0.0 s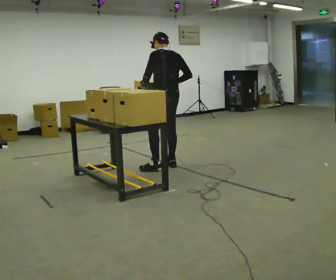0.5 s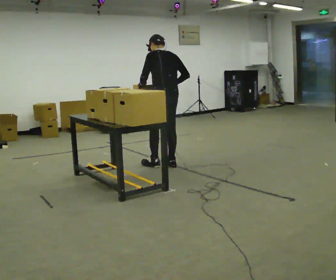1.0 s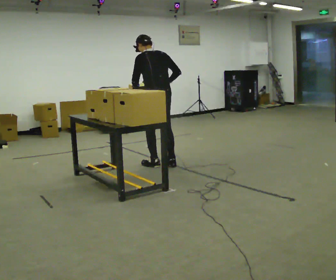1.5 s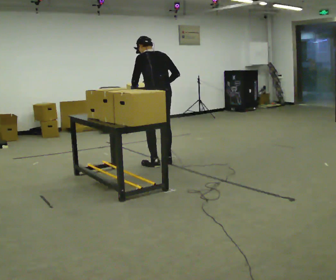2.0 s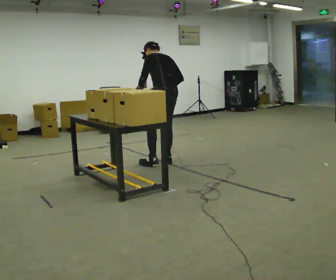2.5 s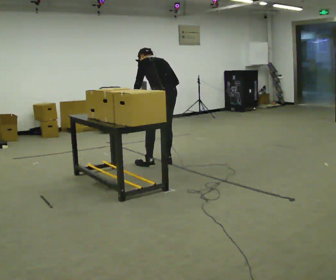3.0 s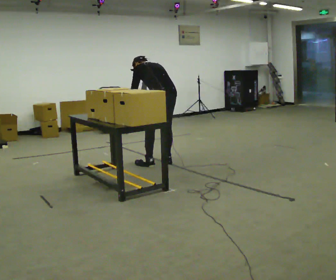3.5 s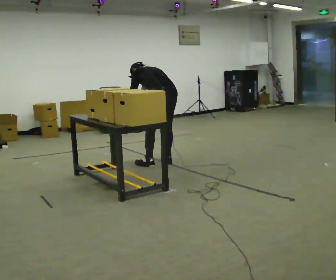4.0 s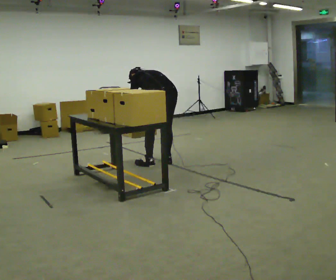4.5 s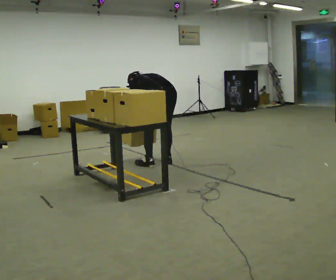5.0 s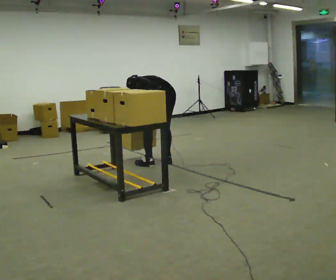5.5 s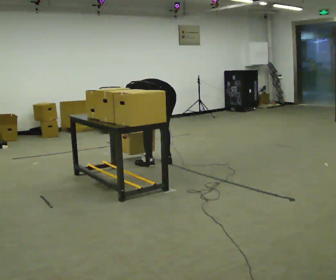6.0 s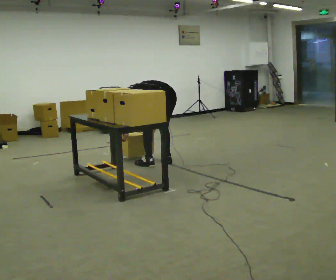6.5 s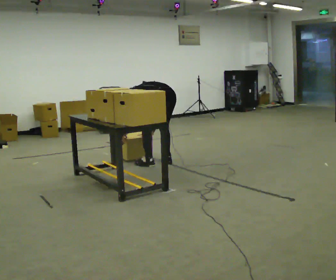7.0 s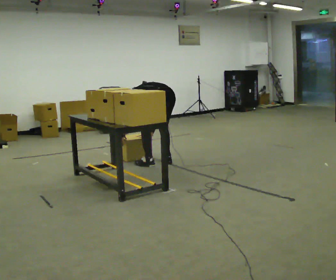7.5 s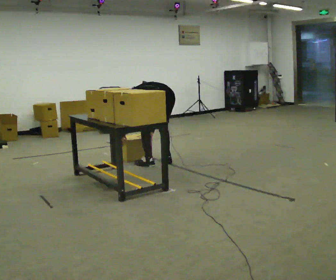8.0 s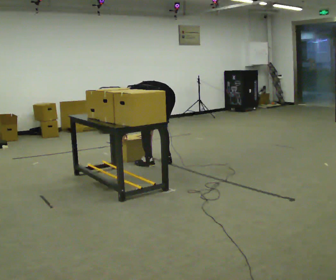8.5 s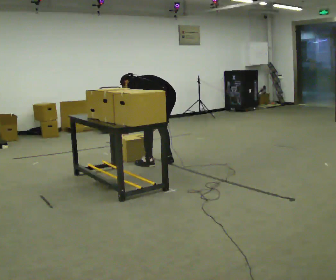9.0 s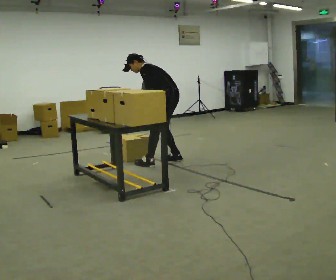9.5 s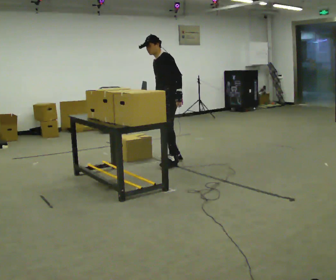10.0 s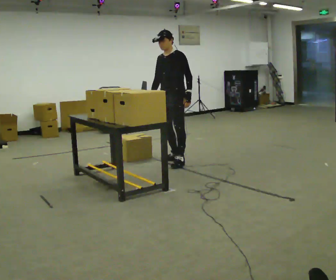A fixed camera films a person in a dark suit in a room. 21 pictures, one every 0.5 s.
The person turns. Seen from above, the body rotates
counterclockwise.
The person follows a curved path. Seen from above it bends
clockwise.
0.0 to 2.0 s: In the picture they go away from the camera, about 0.25 m in 2 steps, which for them is forward.
2.0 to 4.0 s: The upper body goes downward. In the picture the upper body tilts counterclockwise, shoulders to the left, as they bend forward. In the picture their left hand goes downward.
4.0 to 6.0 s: The upper body goes downward. In the picture the upper body tilts counterclockwise, shoulders to the left, as they bend forward.
6.0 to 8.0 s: The person moves a little, or ends about where they began.
8.0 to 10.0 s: Seen from above the body turns counterclockwise, about 90 degrees: to their left, with its near side sliding to the right. In the picture they go to the right, about 0.25 m in 2 steps. The shoulders move upward. The upper body tips toward the camera, its near side rolling downward, as they lean back or straighten. In the picture their left hand goes to the right and upward, the arm swinging counterclockwise.
The film runs forward here.
